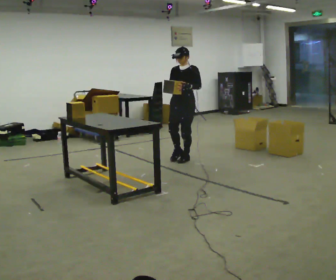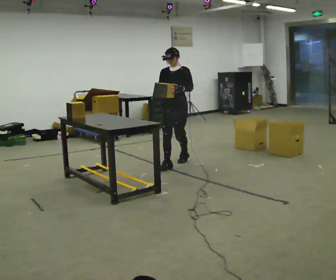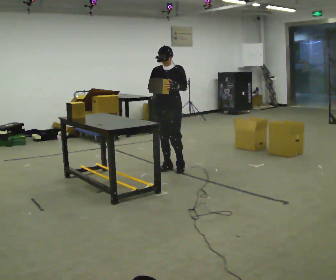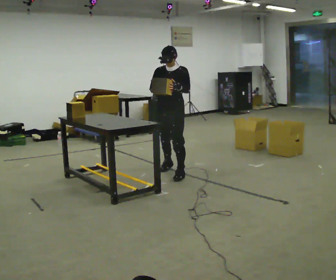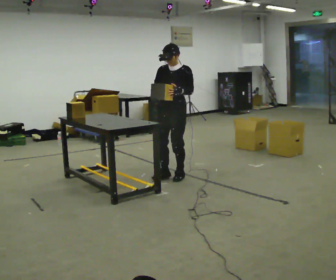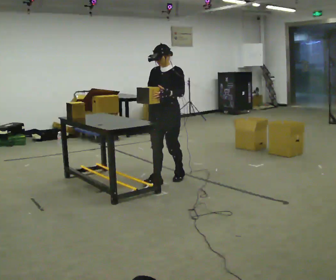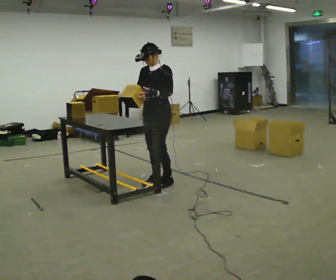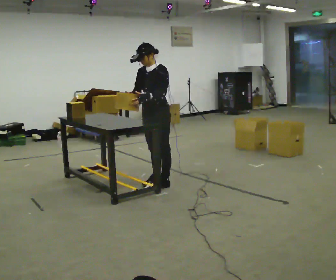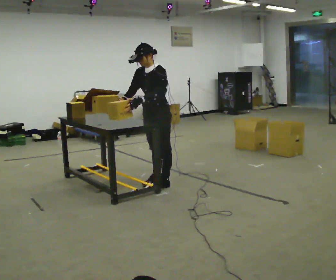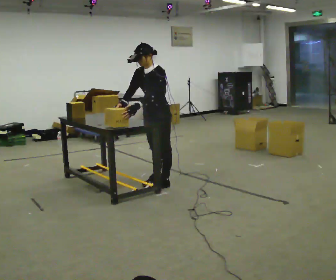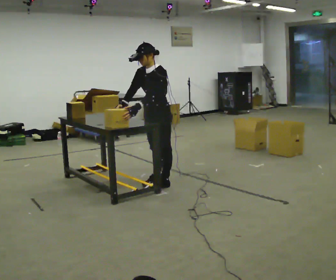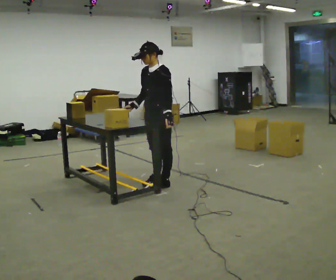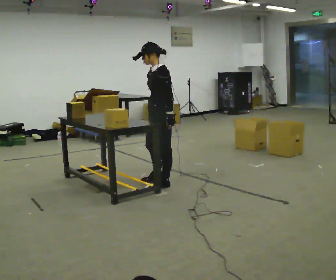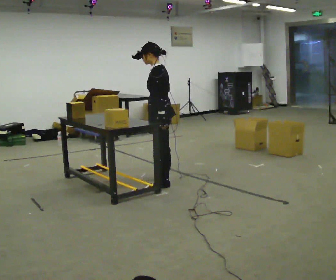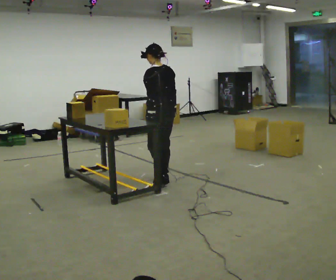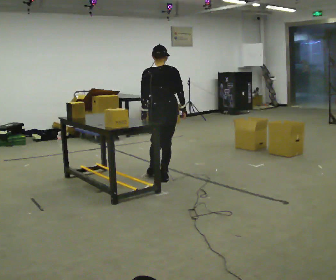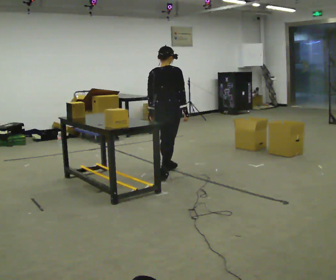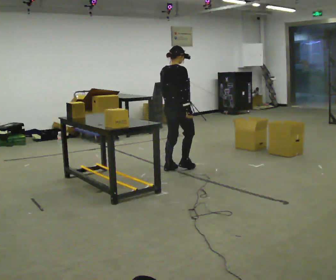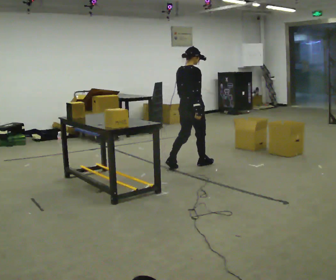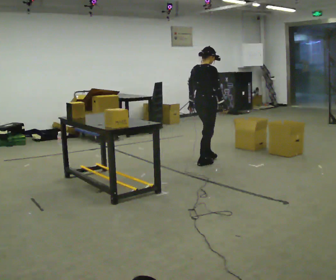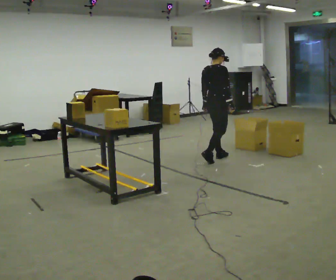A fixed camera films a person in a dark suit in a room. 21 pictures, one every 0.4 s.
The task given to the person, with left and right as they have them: 1. Look at the shelf and see which spaces are empty. 2. Find matching items in the bins on the floor. 3. Fill the empty spaces on the shelf. 4. Tell the operator when you are finished.
0.0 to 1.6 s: In the picture they go toward the camera, about 1 m in 2 steps, which for them is forward.
1.6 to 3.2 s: In the picture they go toward the camera and to the left, about 0.25 m in 2 steps, which for them is forward. In the picture the upper body tilts counterclockwise, shoulders to the left, as they bend forward.
3.2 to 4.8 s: The part of the body nearest the lens slides to the left as the person turns to their right by about 30 degrees. In the picture their right hand goes to the right.
4.8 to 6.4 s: The part of the body nearest the lens slides to the left as the person turns to their right by about 135 degrees. In the picture they go away from the camera, about 0.5 m in 1 step.
6.4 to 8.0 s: Seen from above the body turns clockwise, about 30 degrees: to their right, with its near side sliding to the left. In the picture they go to the right and away from the camera, about 1 m in 2 steps, which for them is forward.
The film runs forward here.
